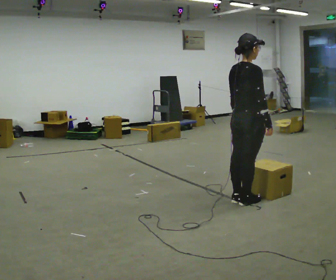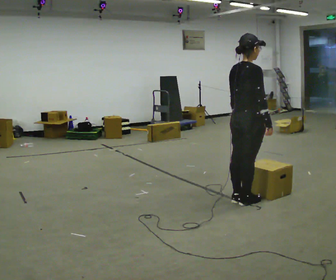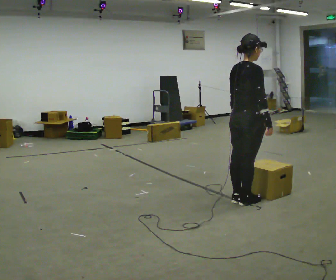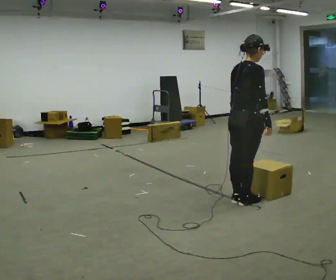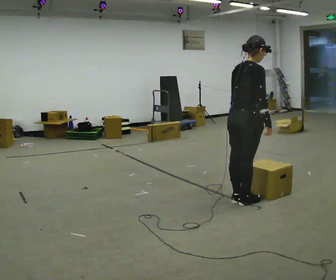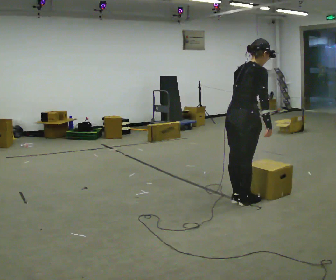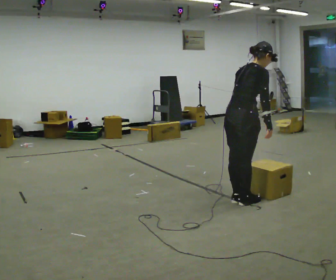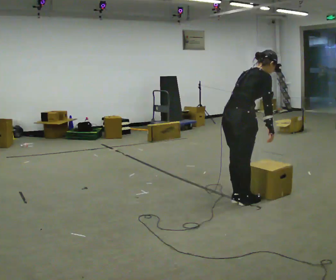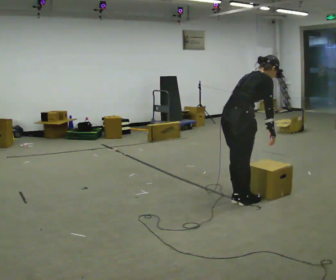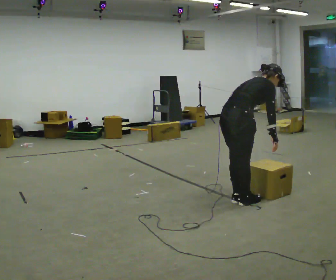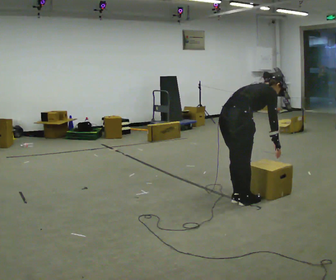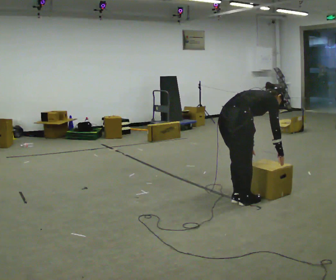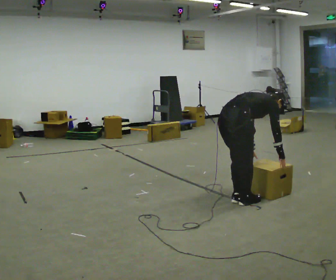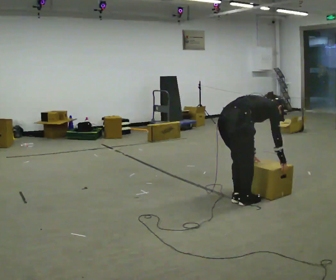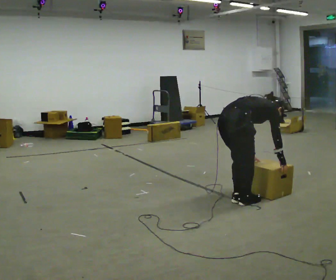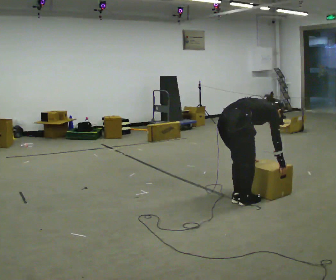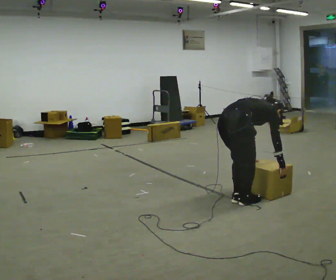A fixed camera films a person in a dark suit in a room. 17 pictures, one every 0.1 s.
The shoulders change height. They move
downward.
Their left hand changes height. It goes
downward.
0.0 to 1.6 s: The upper body goes downward. In the picture the upper body tilts clockwise, shoulders to the right, as they bend forward. In the picture their left hand goes downward.
The film runs forward here.
